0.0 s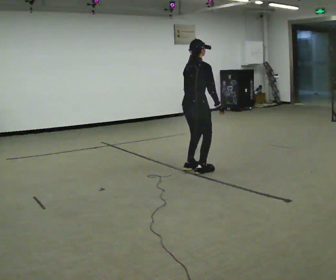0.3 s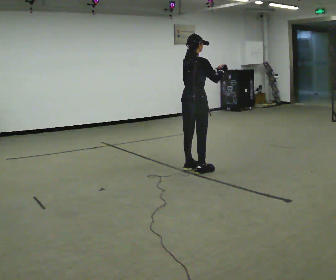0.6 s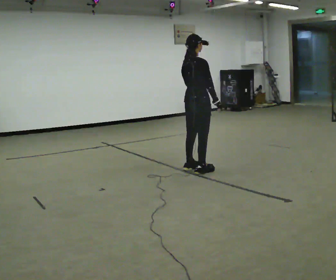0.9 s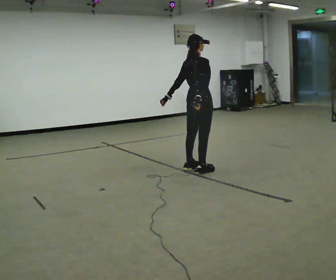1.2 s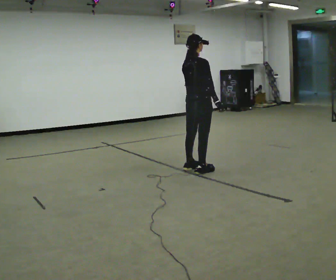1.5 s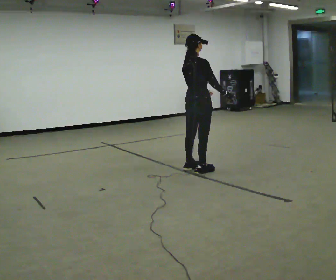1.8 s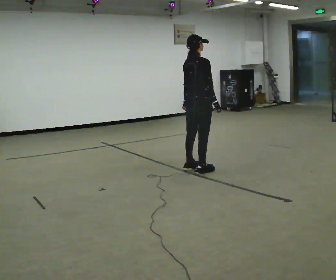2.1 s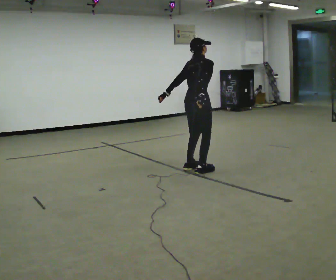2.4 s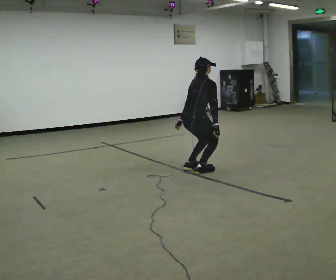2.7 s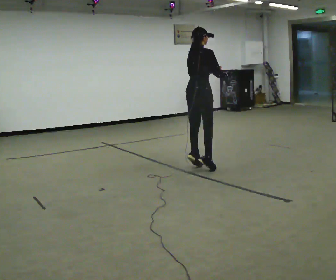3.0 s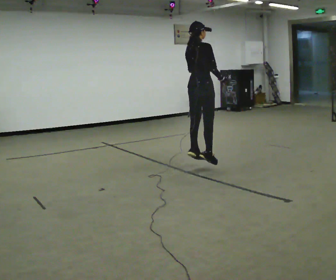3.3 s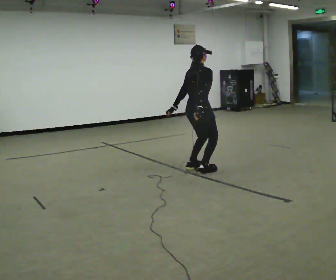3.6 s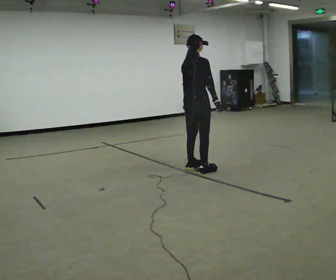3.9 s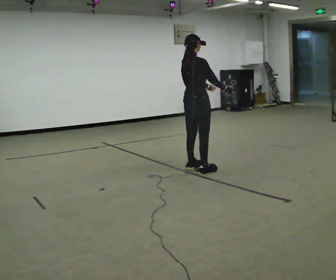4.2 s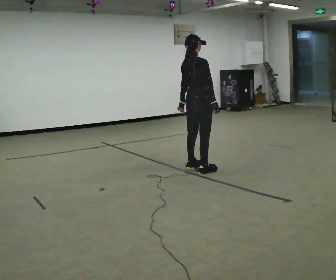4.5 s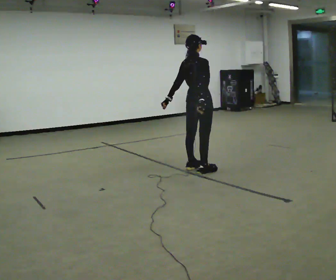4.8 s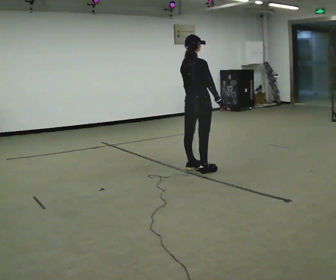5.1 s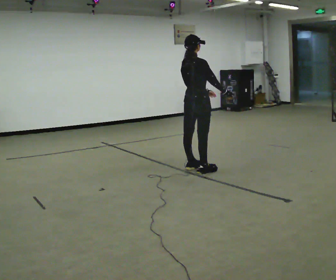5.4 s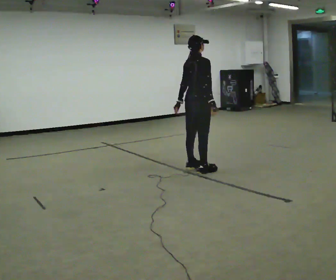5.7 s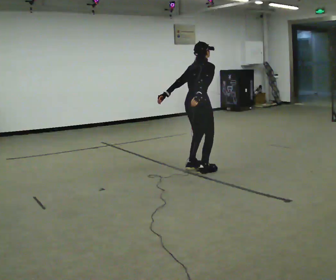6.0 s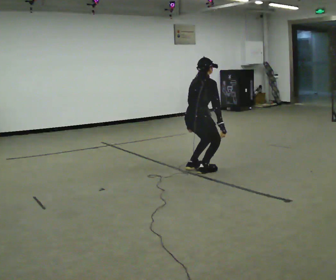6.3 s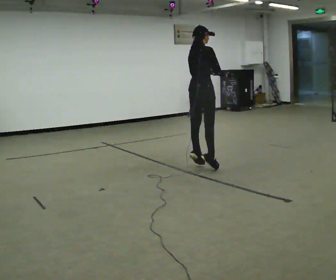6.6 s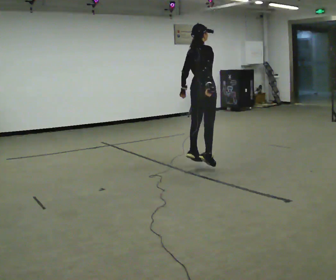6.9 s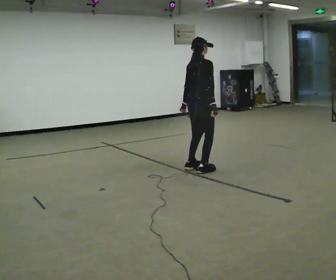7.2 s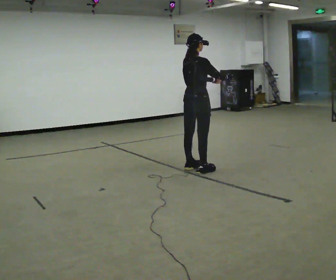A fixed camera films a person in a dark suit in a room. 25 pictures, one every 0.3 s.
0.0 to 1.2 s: The person moves a little, or ends about where they began.
1.2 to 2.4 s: The shoulders move downward. In the picture the upper body tilts clockwise, shoulders to the right, as they bend forward.
2.4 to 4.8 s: The person moves a little, or ends about where they began.
4.8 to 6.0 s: The upper body goes downward. The upper body tips away from the camera, its near side rolling upward, as they bend forward.
6.0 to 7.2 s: In the picture their right hand goes upward.
The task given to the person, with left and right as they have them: Jump straight up as high as is comfortable and land softly on the same spot. Repeat the movement at your own pace until the operator says stop; do not rush.
The film runs forward here.
